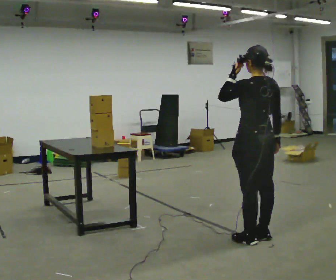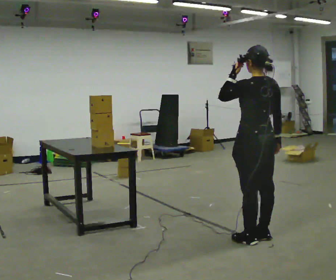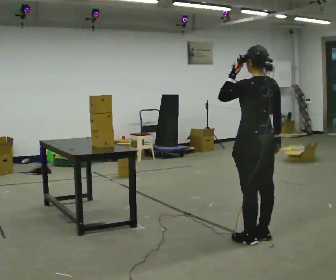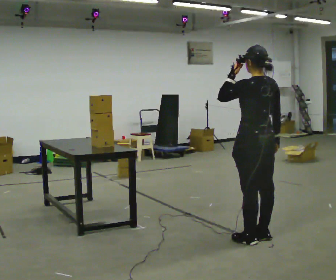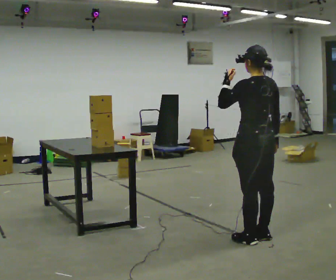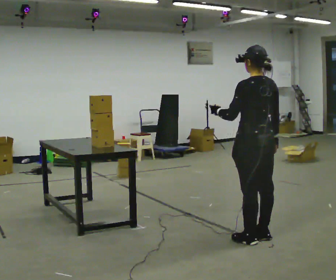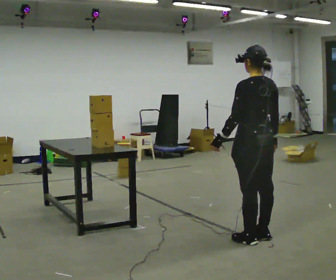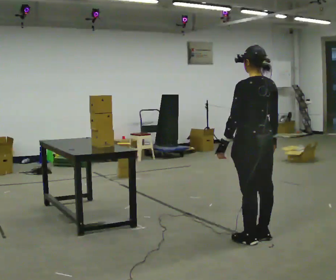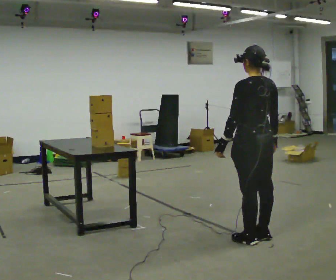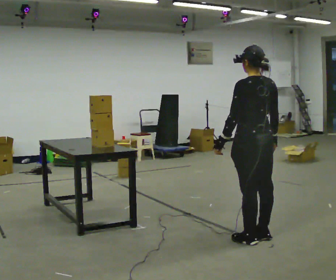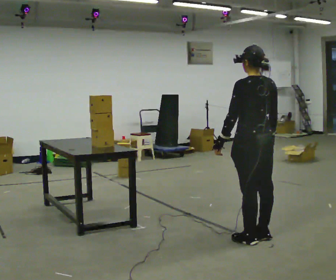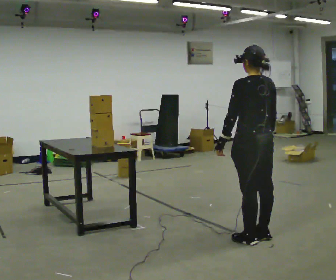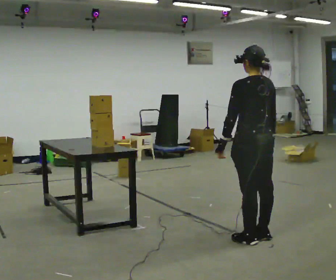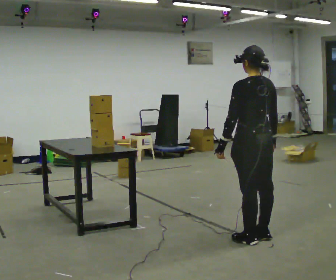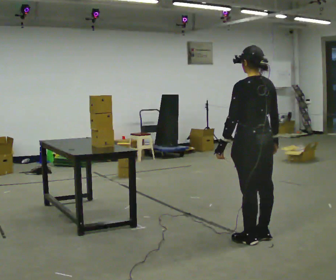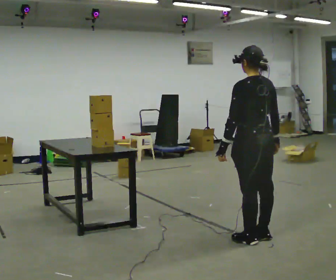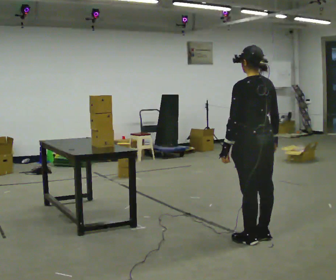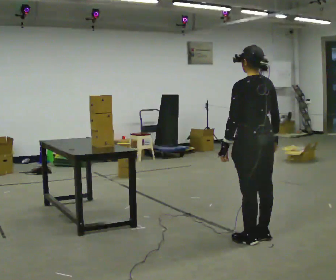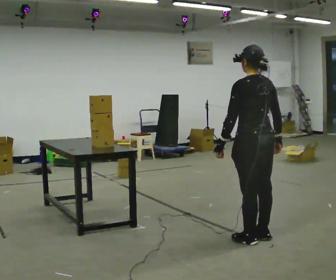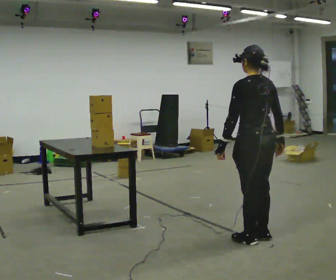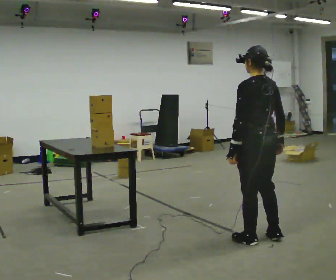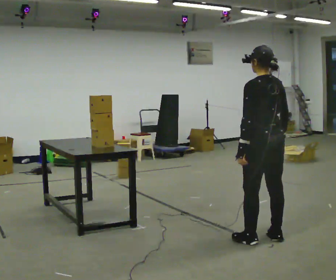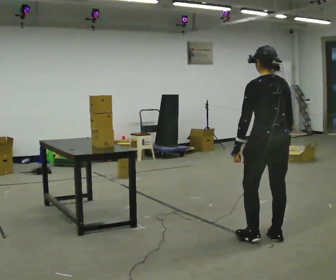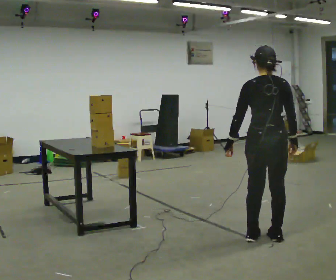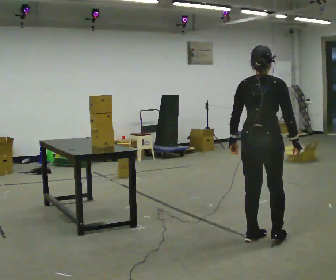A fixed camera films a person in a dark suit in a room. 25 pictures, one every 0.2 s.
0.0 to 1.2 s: In the picture their left hand goes downward.
1.2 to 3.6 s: The person moves a little, or ends about where they began.
3.6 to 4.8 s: Seen from above the body turns clockwise, about 45 degrees: to their right, with its near side sliding to the left.
The film runs backward here.
